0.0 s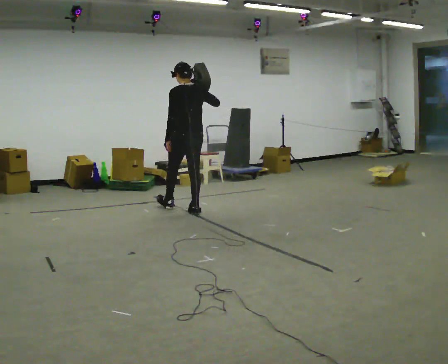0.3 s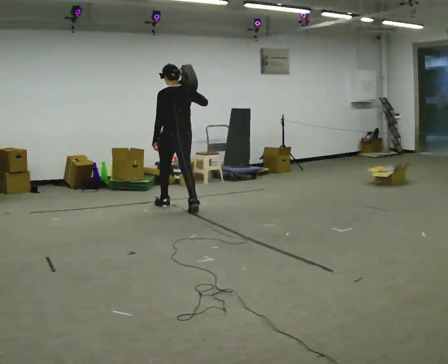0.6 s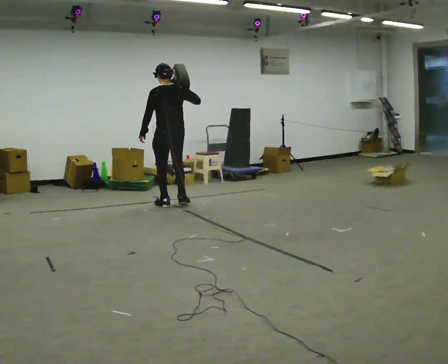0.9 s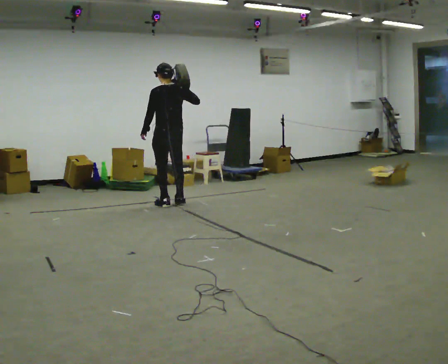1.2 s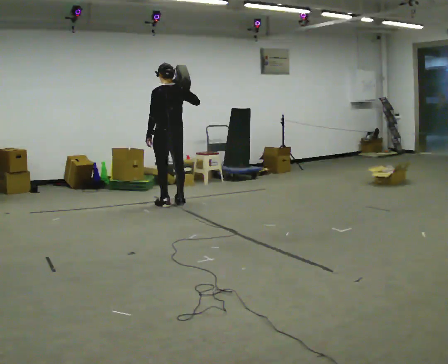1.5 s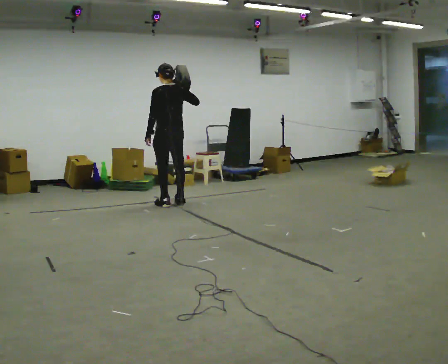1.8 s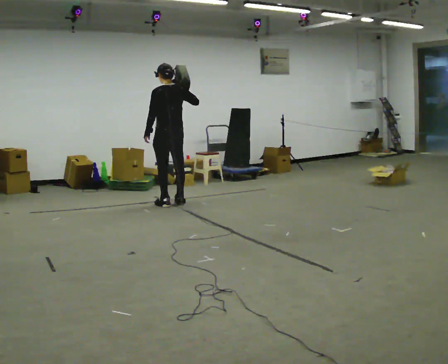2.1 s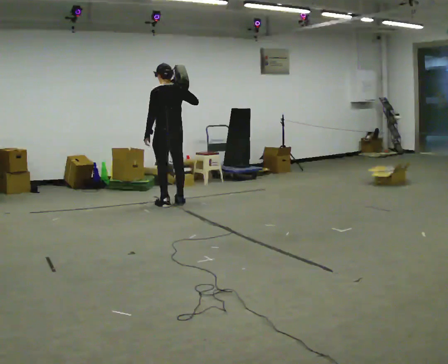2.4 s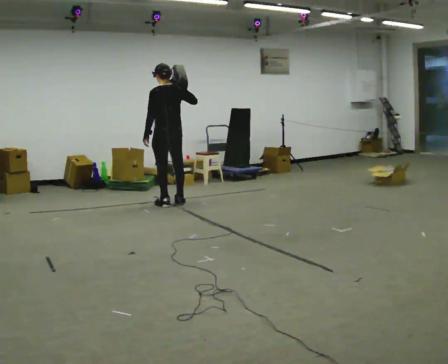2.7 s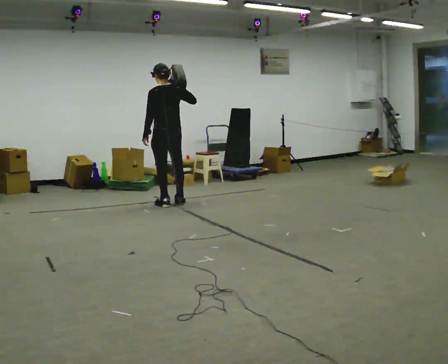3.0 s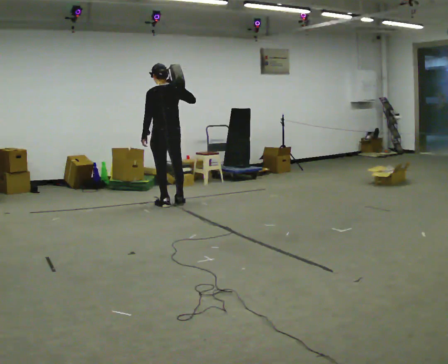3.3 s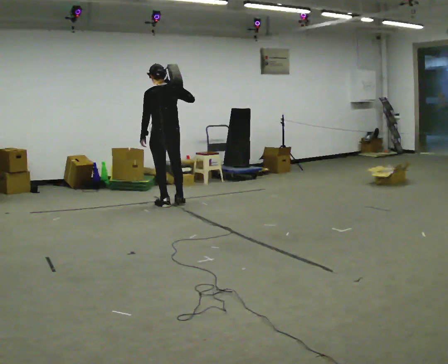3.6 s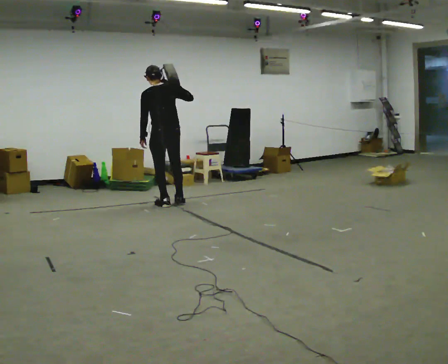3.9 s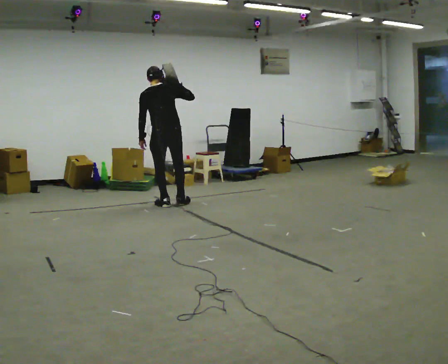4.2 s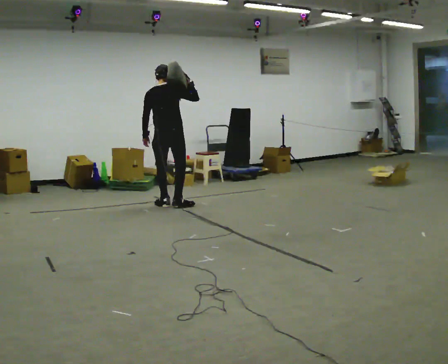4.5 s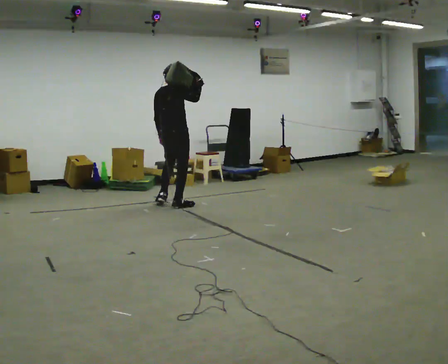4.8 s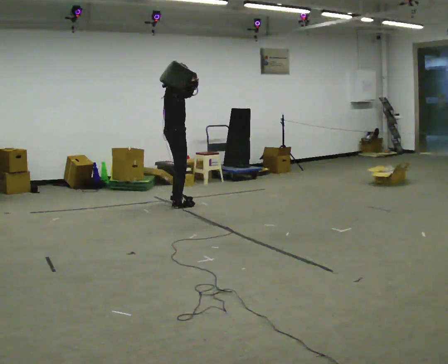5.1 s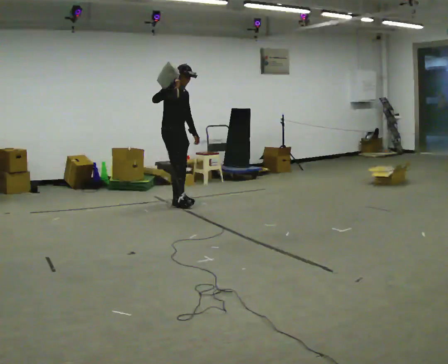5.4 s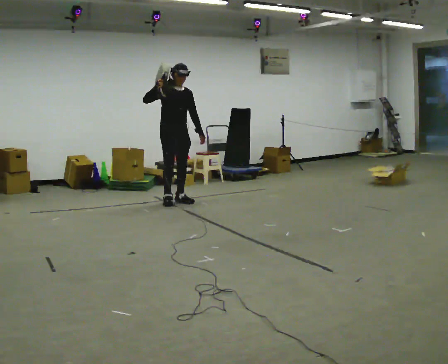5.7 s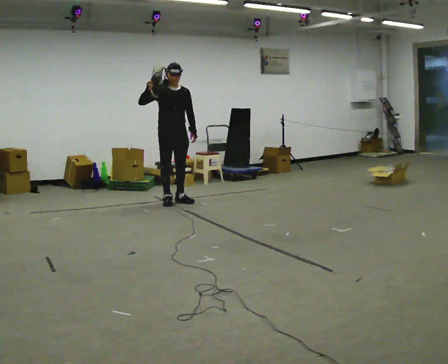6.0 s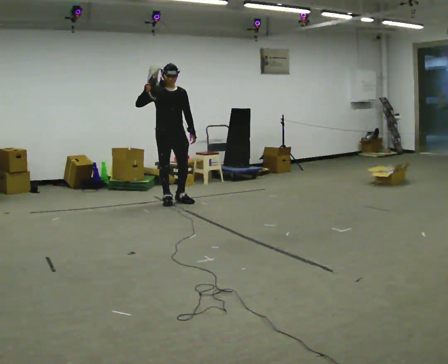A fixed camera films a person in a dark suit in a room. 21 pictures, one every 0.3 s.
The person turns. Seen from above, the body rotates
clockwise.
The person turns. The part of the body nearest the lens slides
to the left.
0.0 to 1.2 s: In the picture they go away from the camera and to the left, about 0.5 m in 2 steps, which for them is forward.
1.2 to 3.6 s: The person moves a little, or ends about where they began.
3.6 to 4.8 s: The part of the body nearest the lens slides to the left as the person turns to their right by about 105 degrees.
4.8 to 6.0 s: The part of the body nearest the lens slides to the left as the person turns to their right by about 75 degrees. In the picture their right hand goes to the left.
The film runs forward here.
